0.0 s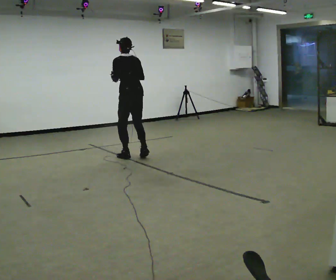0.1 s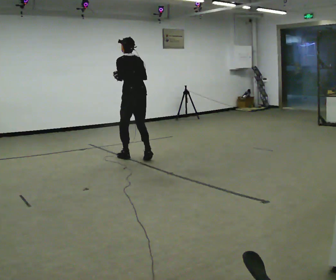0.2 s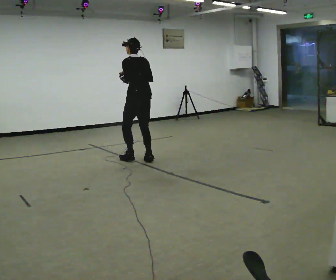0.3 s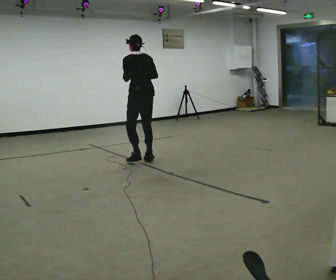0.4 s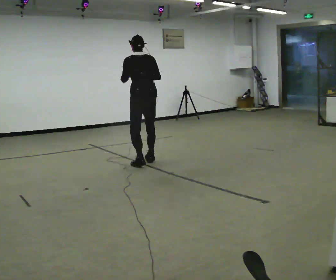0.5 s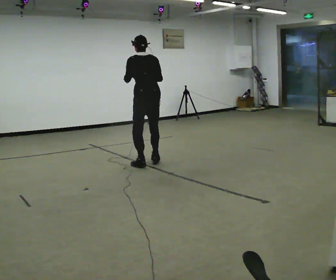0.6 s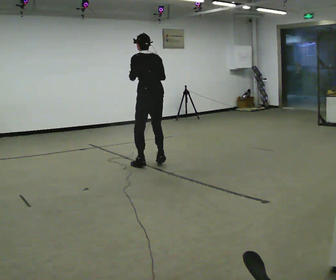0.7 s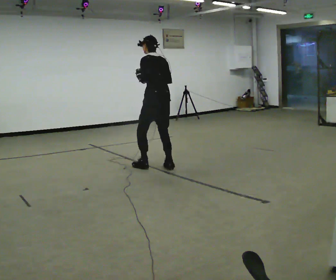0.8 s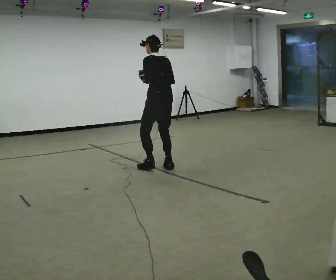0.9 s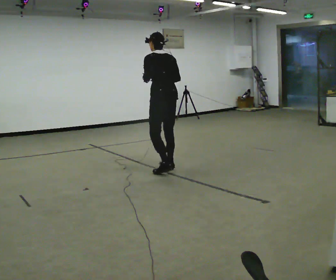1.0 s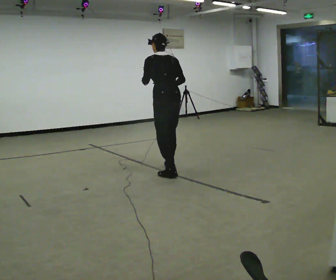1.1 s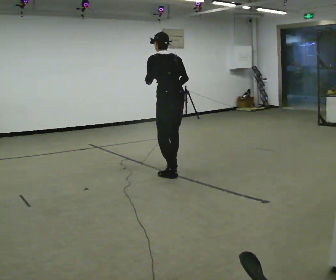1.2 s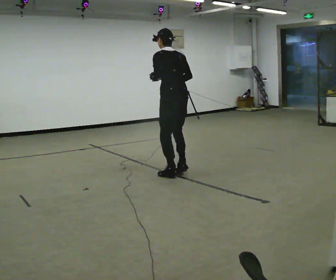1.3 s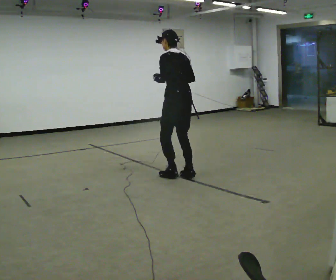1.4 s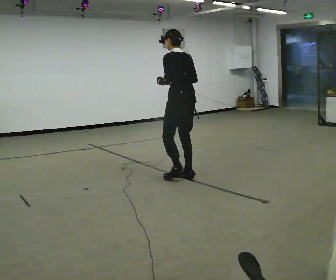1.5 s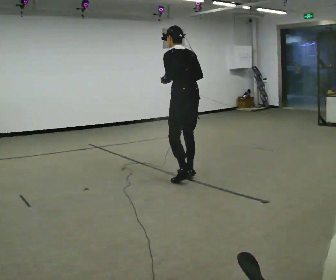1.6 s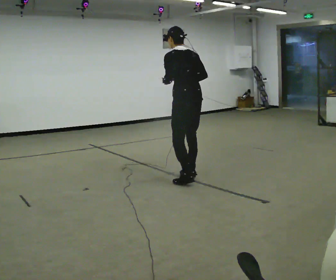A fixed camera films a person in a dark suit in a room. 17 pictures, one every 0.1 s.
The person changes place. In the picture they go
toward the camera.
0.0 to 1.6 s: In the picture they go toward the camera and to the right, about 1.5 m in 6 steps, which for them is backward.
The film runs forward here.
